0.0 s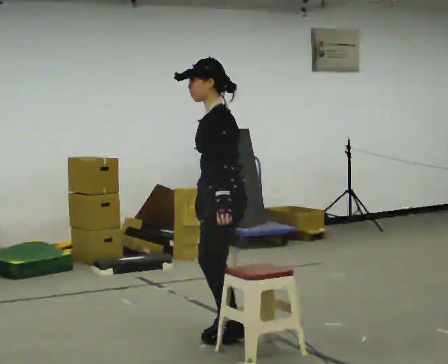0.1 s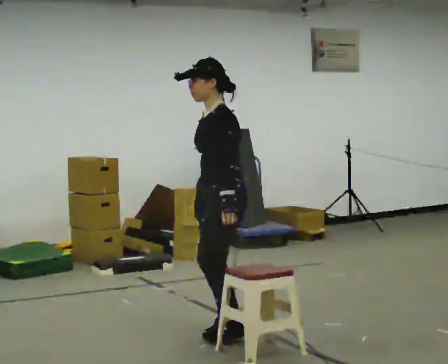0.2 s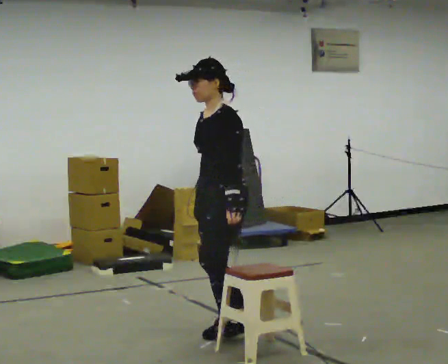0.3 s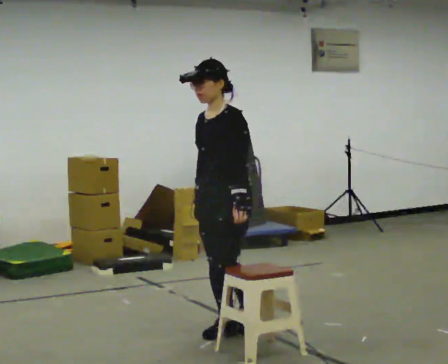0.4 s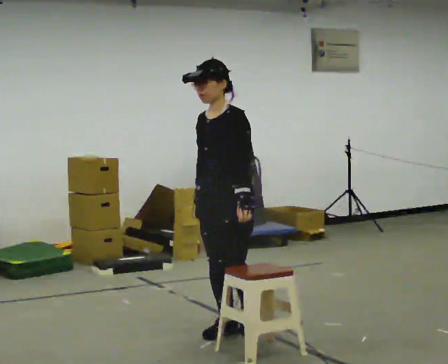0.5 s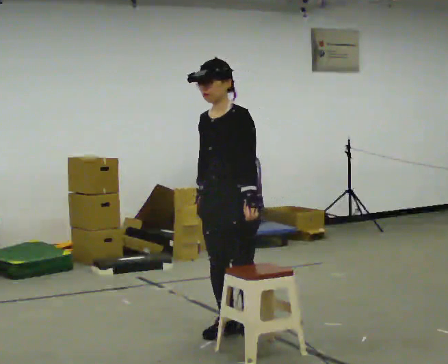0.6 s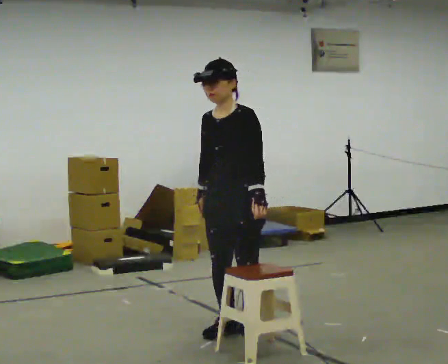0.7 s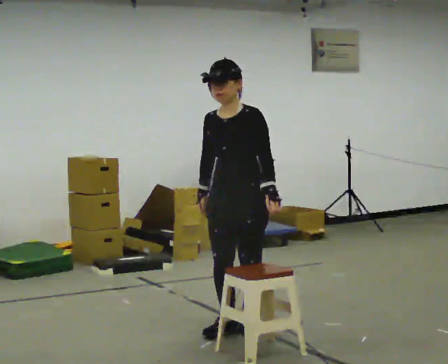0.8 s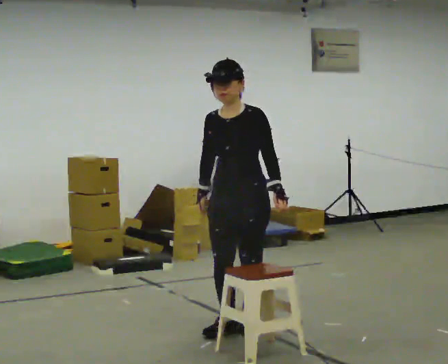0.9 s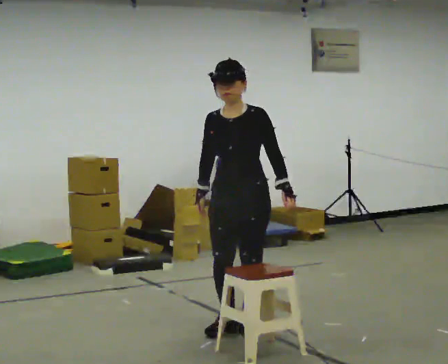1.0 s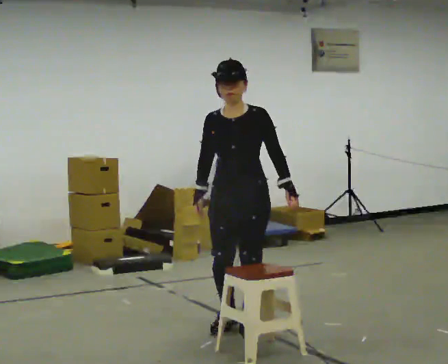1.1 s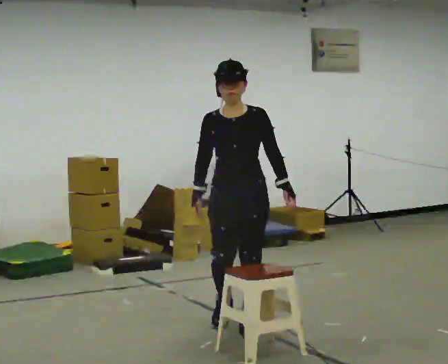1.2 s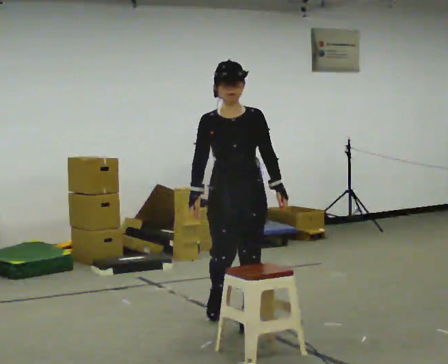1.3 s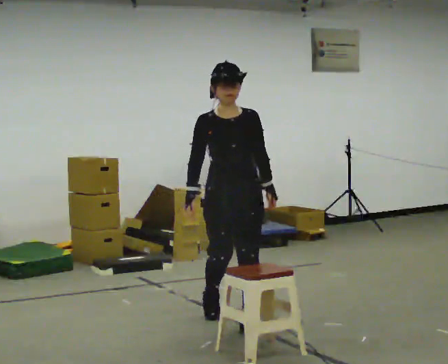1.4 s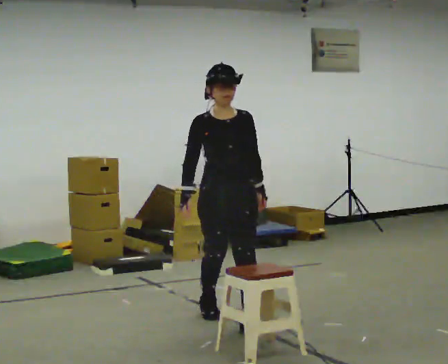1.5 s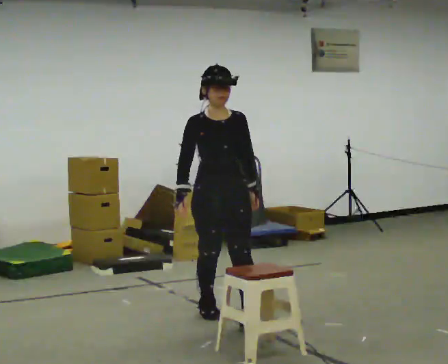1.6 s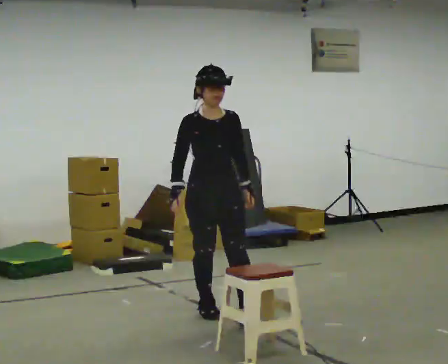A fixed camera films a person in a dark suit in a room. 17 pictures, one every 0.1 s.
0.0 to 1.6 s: The part of the body nearest the lens slides to the right as the person turns to their left by about 105 degrees. In the picture they go away from the camera, about 0.5 m in 3 steps.
The film runs backward here.
